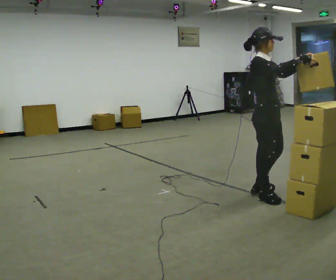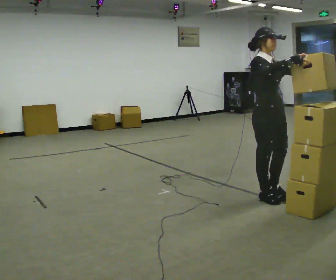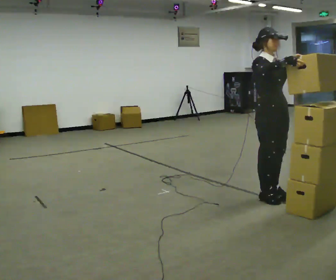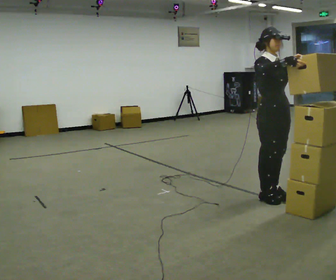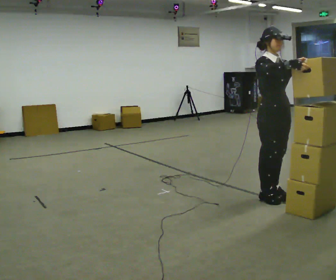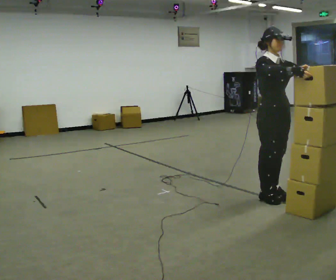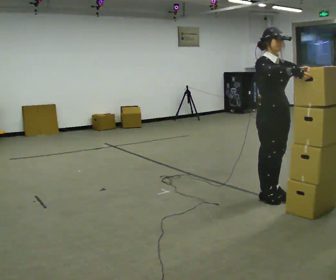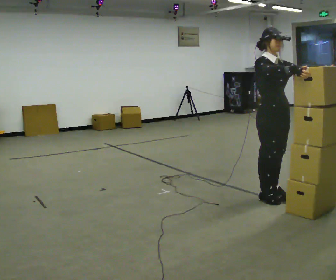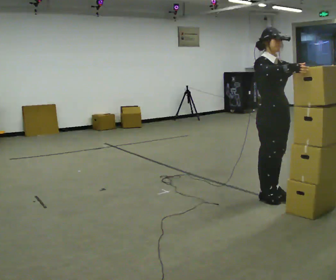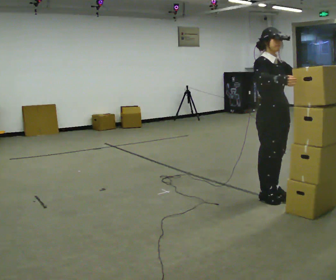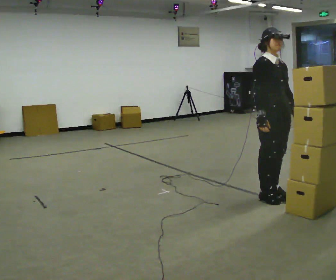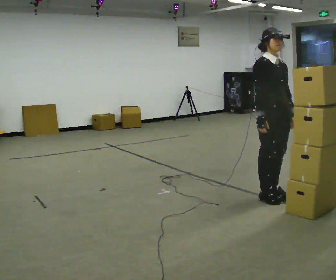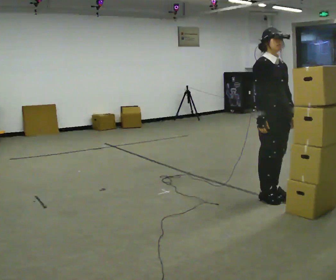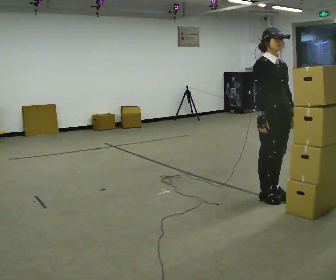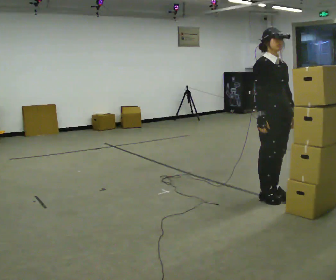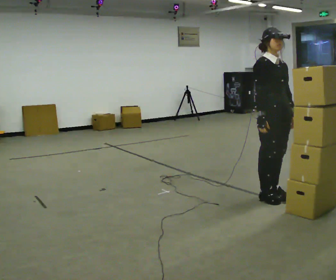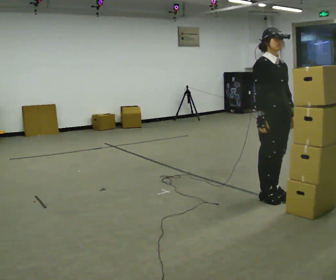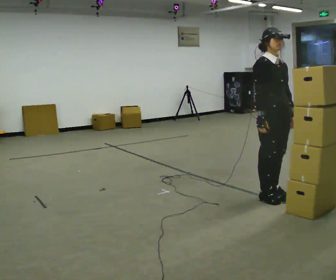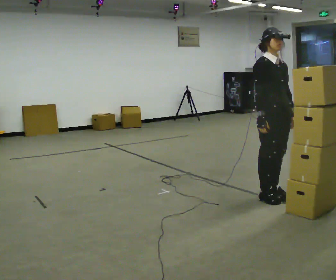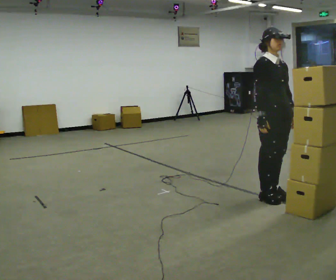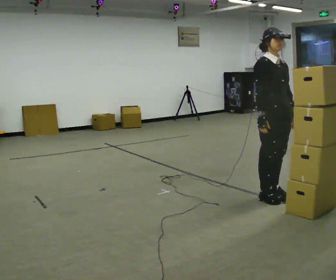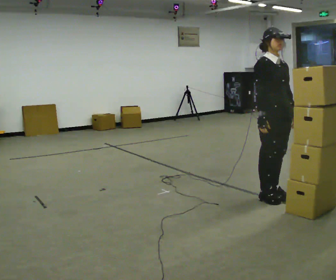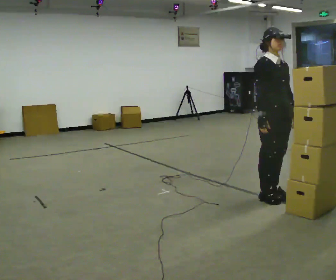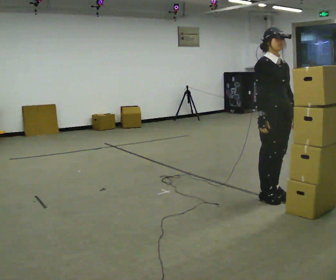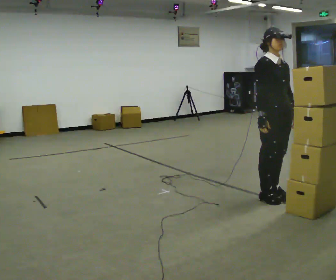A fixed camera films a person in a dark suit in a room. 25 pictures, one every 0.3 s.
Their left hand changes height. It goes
downward.
Their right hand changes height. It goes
downward.
0.0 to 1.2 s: The person turns about 30 degrees to their right, clockwise seen from above, so the part of the body nearest the lens slides to the left.
1.2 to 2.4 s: The person moves a little, or ends about where they began.
2.4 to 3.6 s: In the picture their right hand goes downward.
3.6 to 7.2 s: The person keeps their place and pose.
The film runs backward here.
